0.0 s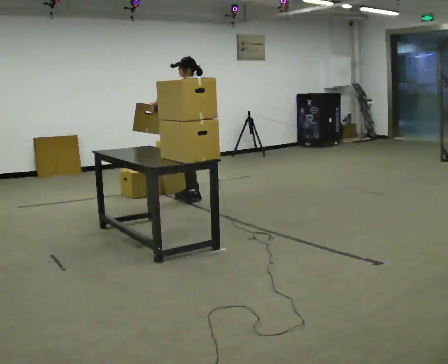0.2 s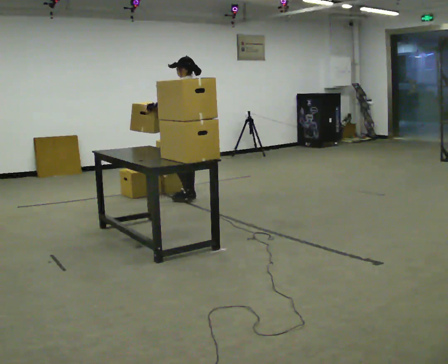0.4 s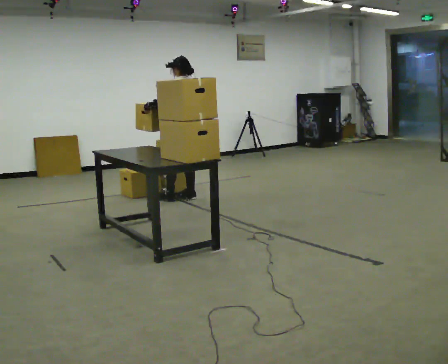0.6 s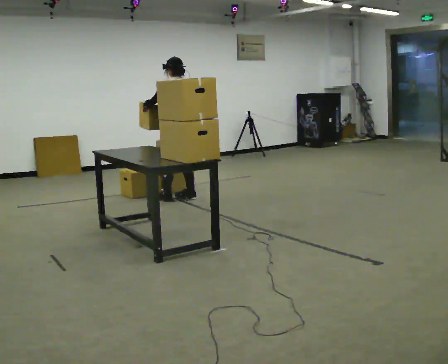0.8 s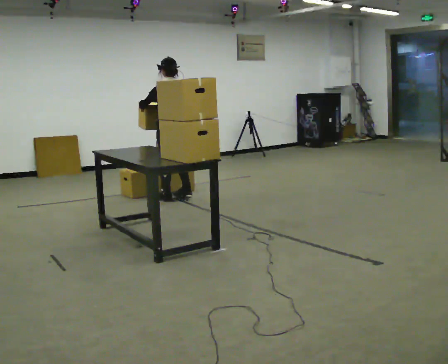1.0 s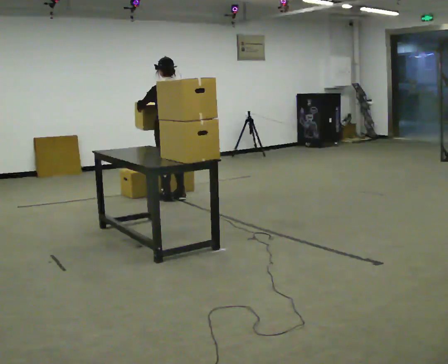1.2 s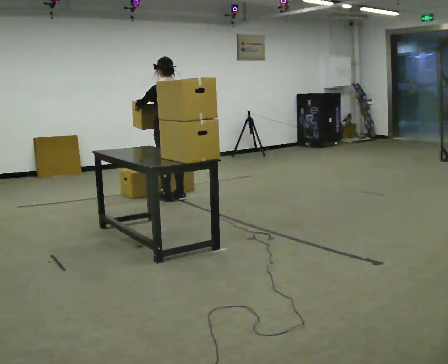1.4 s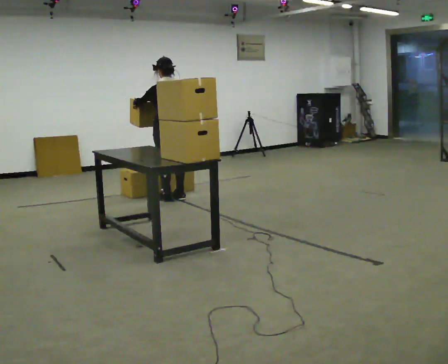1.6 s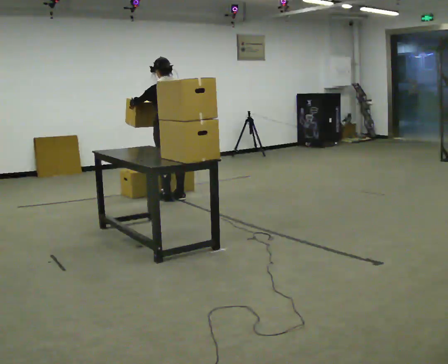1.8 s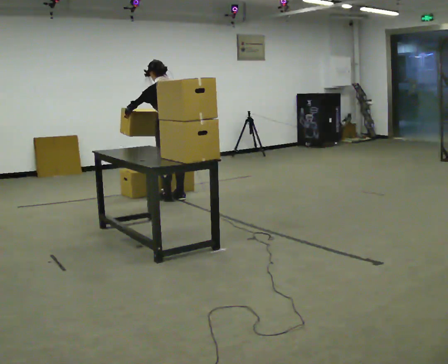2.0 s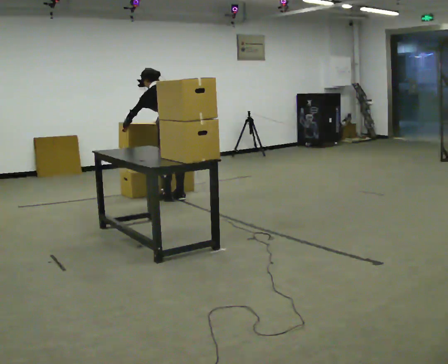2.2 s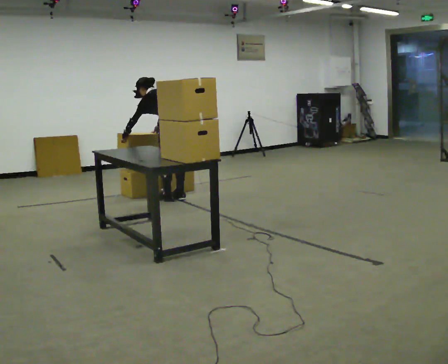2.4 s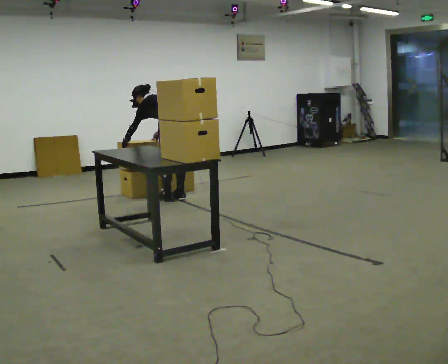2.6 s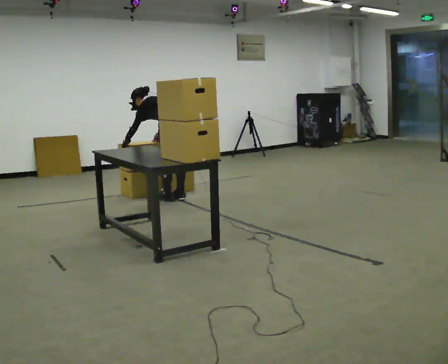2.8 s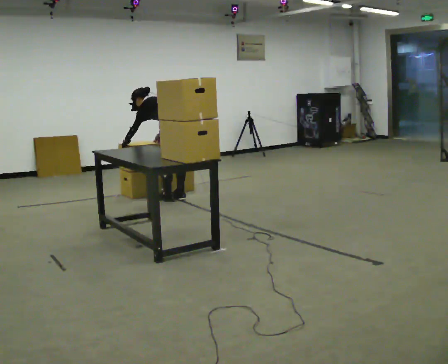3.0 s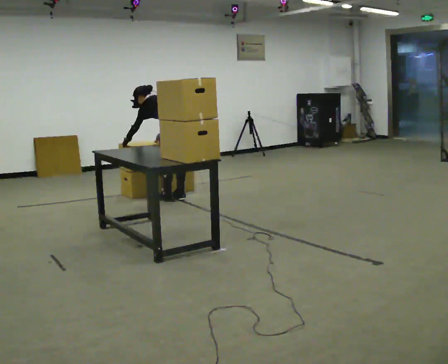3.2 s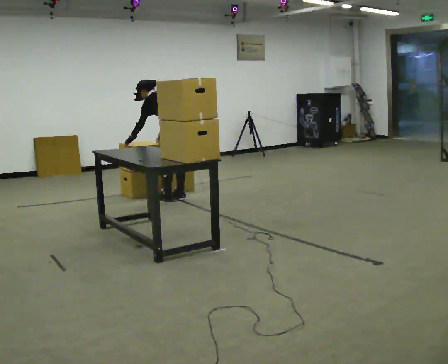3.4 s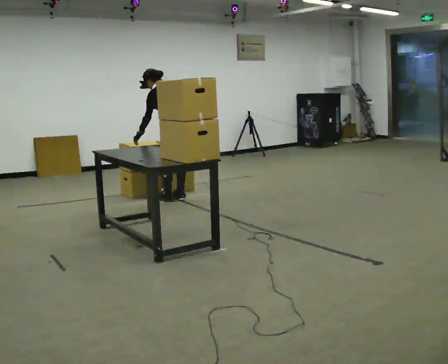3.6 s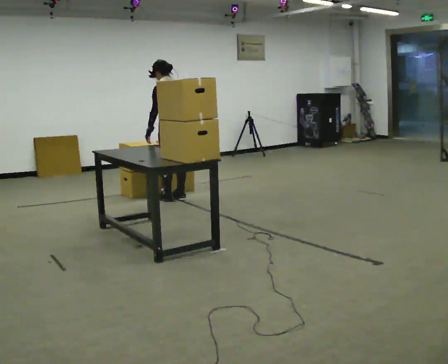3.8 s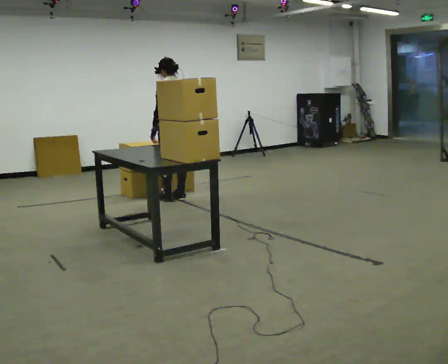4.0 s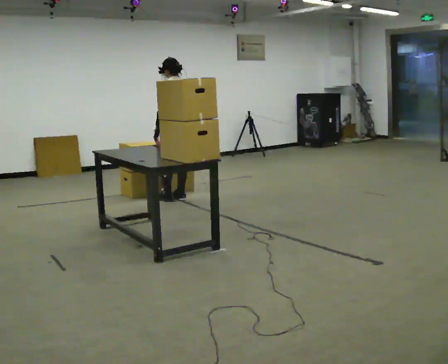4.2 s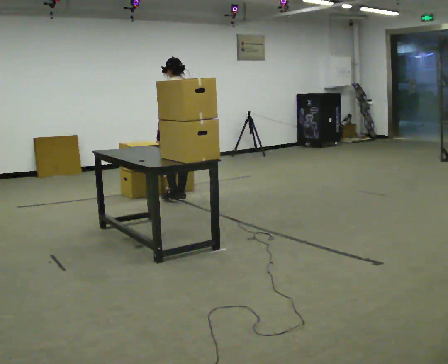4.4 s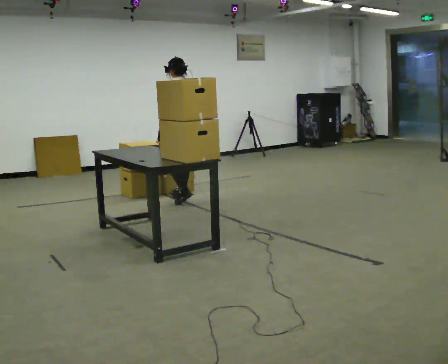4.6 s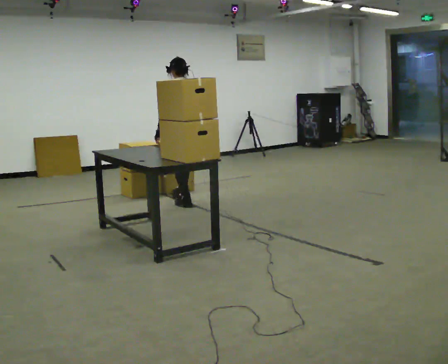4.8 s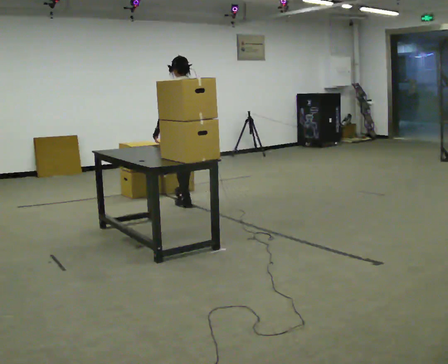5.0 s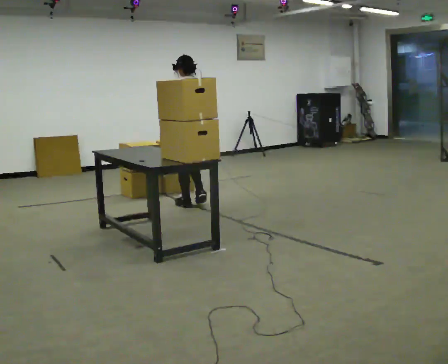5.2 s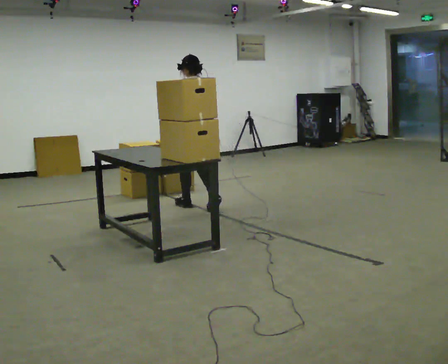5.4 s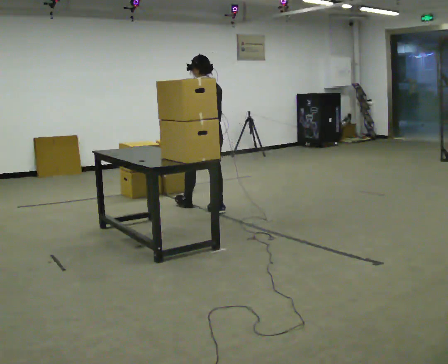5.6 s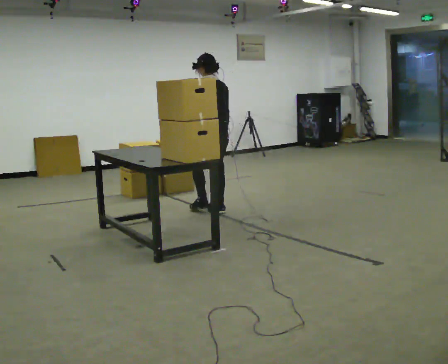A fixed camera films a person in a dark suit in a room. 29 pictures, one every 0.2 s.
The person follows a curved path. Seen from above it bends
counterclockwise.
0.0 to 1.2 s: Seen from above the body turns clockwise, about 75 degrees: to their right, with its near side sliding to the left. In the picture they go to the left, about 0.25 m in 1 step.
1.2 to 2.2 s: The upper body tips away from the camera, its near side rolling upward, as they bend forward. In the picture their right hand goes downward.
2.2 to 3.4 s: The person moves a little, or ends about where they began.
3.4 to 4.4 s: The upper body tips toward the camera, its near side rolling downward, as they lean back or straighten. In the picture their right hand goes to the right.
4.4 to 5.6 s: In the picture they go toward the camera and to the right, about 0.5 m in 2 steps, which for them is backward.
The film runs backward here.
